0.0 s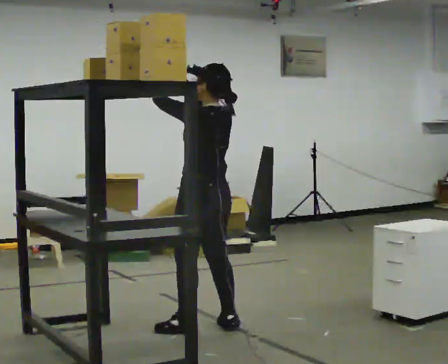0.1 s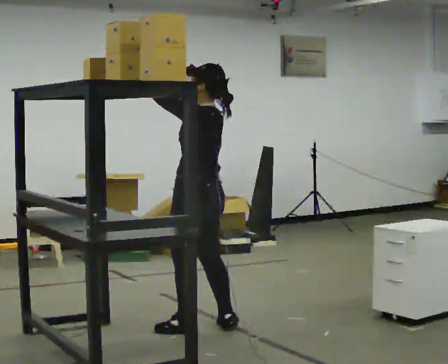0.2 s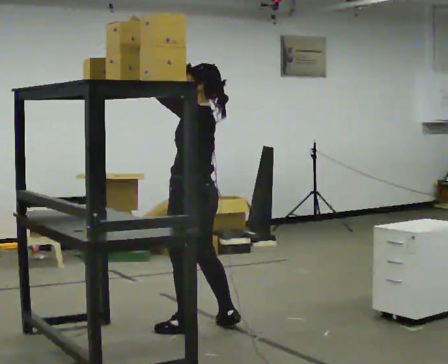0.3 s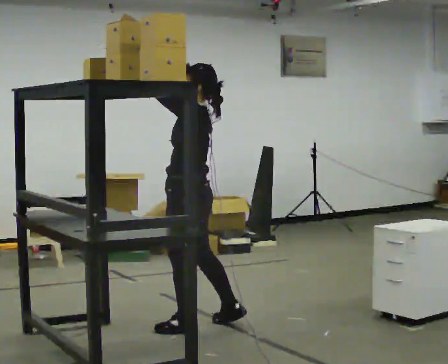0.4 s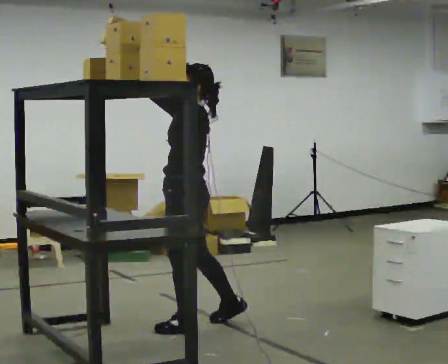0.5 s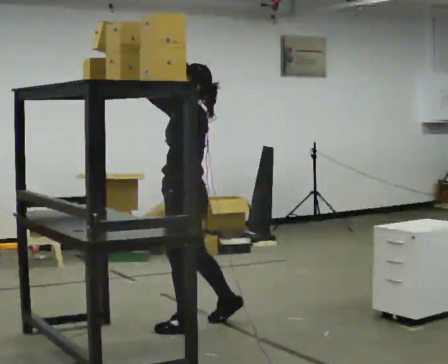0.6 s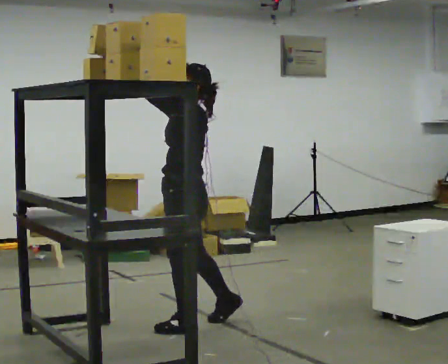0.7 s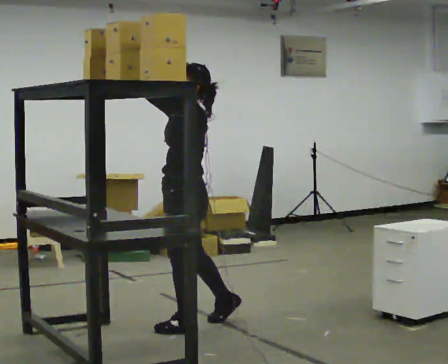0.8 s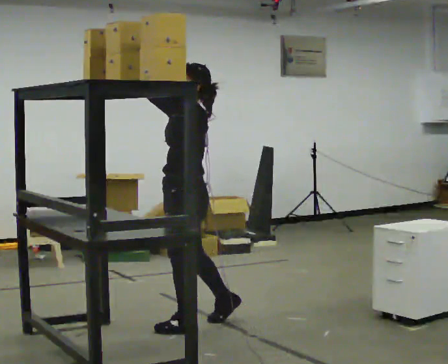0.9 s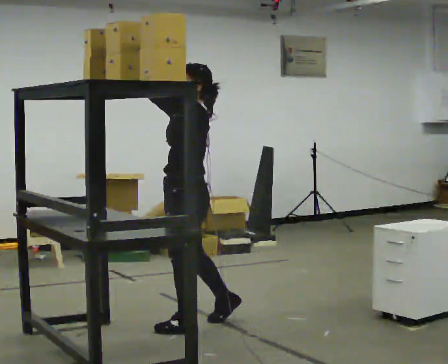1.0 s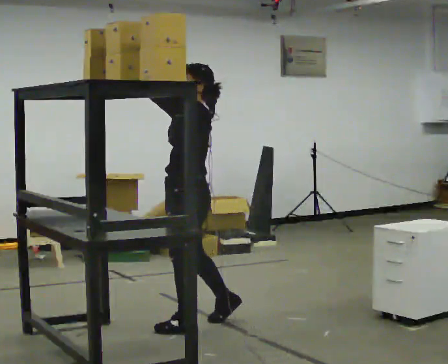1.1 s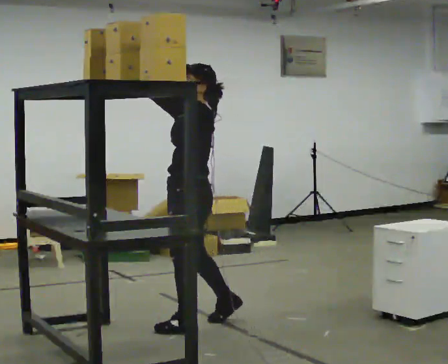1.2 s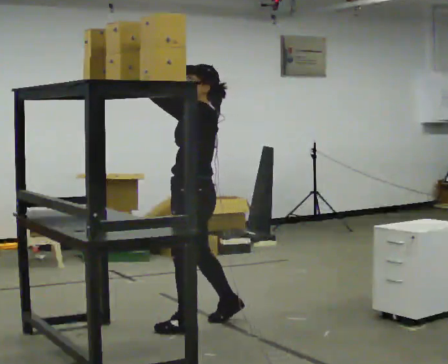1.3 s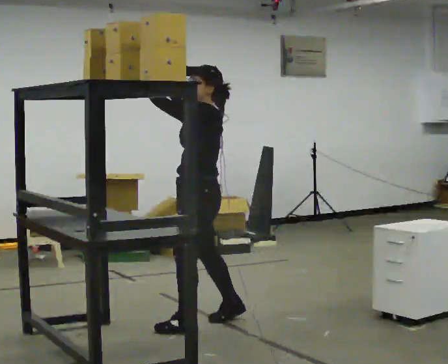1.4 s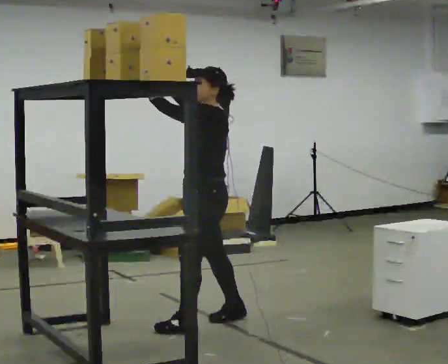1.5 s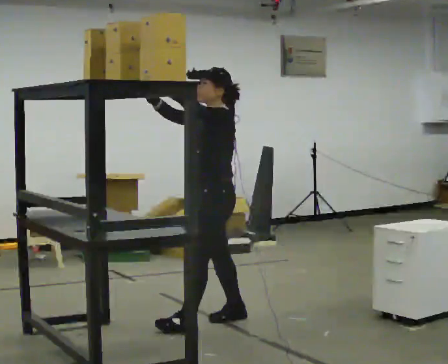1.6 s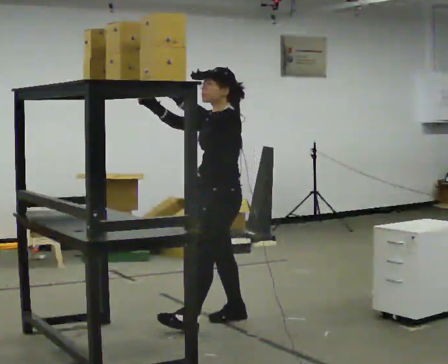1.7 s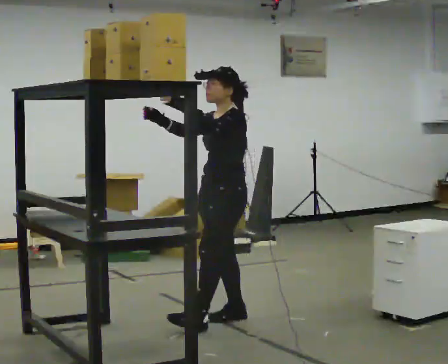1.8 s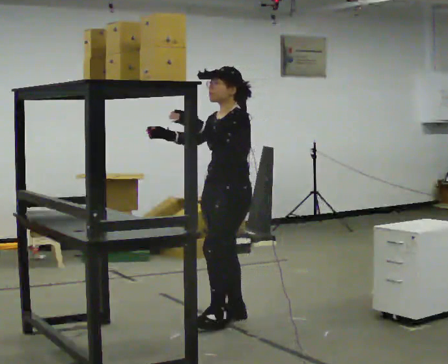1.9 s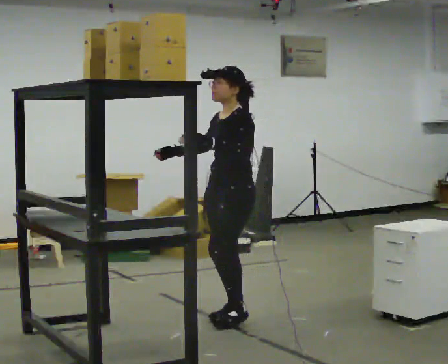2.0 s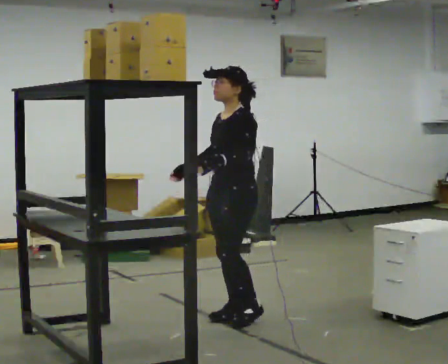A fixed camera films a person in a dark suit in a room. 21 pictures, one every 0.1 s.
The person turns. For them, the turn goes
to their left.
Their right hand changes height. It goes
downward.
0.0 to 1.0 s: The part of the body nearest the lens slides to the right as the person turns to their left by about 45 degrees. In the picture their right hand goes to the left.
1.0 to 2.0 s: In the picture they go to the right and away from the camera, about 0.25 m in 1 step, which for them is backward and to their right. In the picture their right hand goes downward, the arm swinging counterclockwise.
The film runs backward here.
